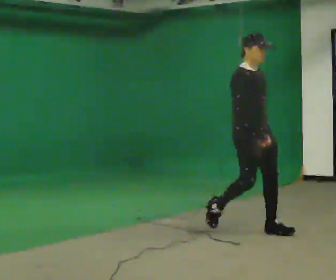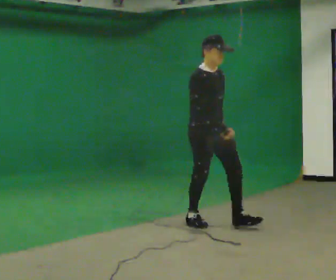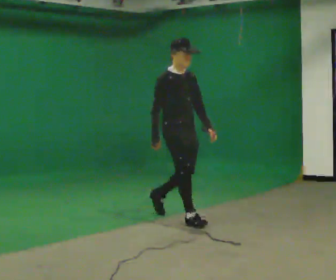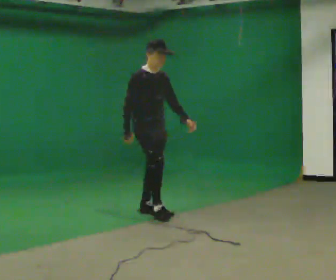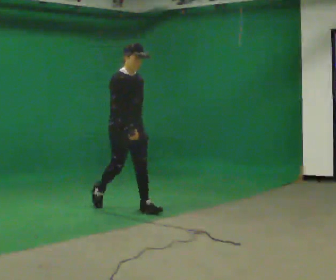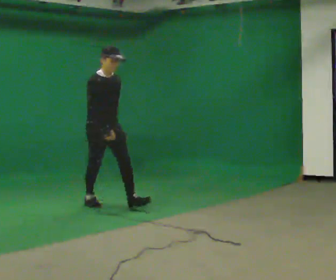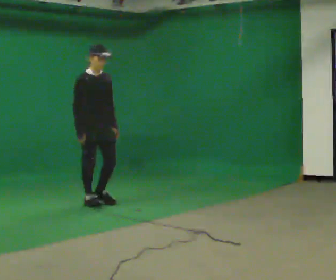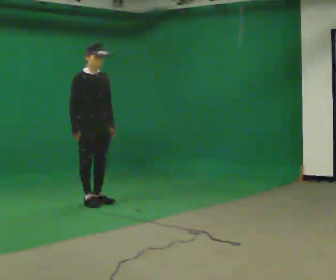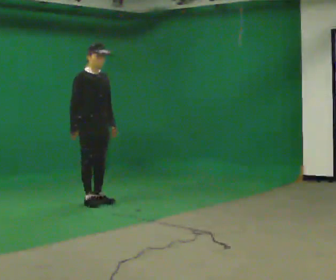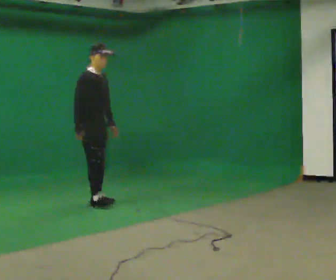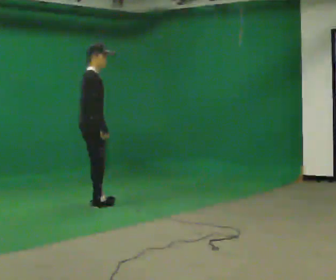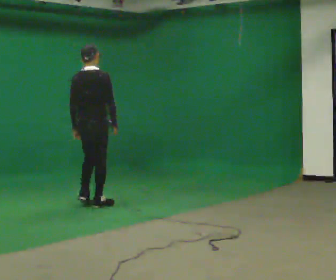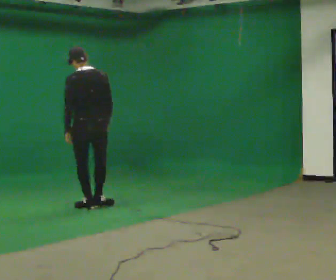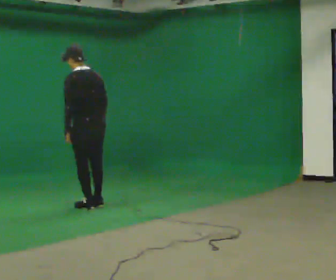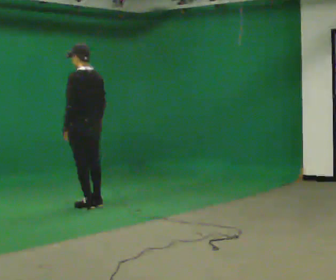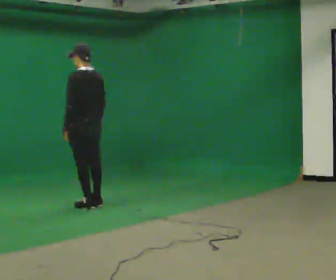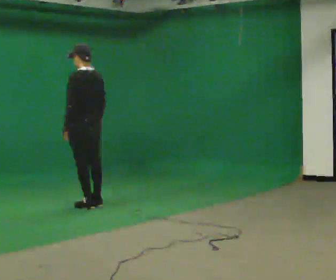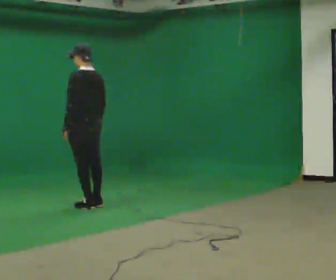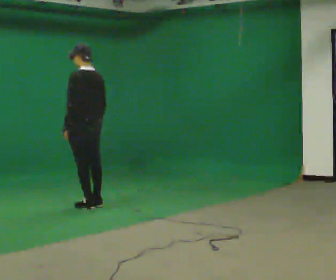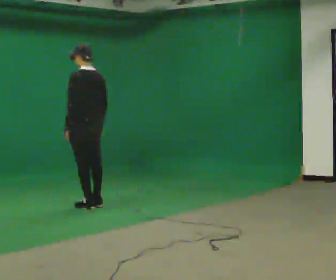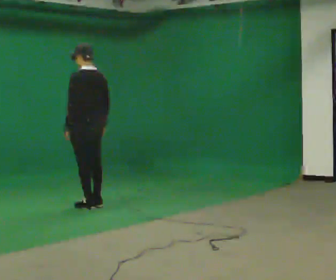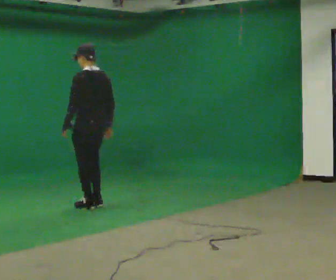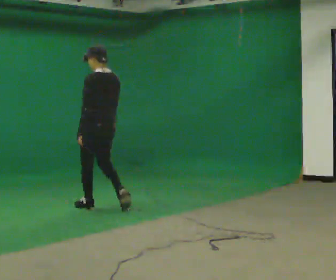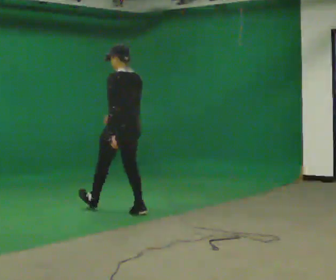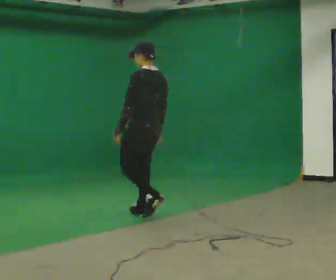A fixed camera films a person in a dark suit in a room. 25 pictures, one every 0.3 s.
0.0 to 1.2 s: In the picture they go away from the camera and to the left, about 1.5 m in 2 steps, which for them is backward.
1.2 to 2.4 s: In the picture they go away from the camera and to the left, about 0.5 m in 1 step, which for them is backward.
2.4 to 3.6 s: The part of the body nearest the lens slides to the right as the person turns to their left by about 135 degrees. In the picture they go toward the camera, about 0.25 m in 2 steps. In the picture their left hand goes to the left, the arm swinging clockwise.
3.6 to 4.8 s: The part of the body nearest the lens slides to the right as the person turns to their left by about 45 degrees.
4.8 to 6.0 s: The person moves a little, or ends about where they began.
6.0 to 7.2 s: In the picture they go toward the camera and to the right, about 1 m in 2 steps, which for them is backward.
The film runs backward here.
